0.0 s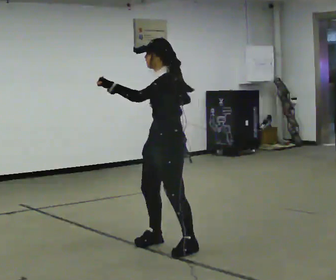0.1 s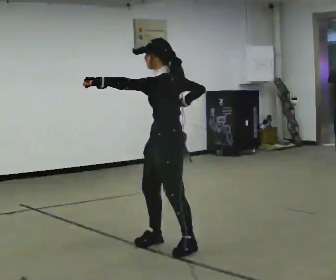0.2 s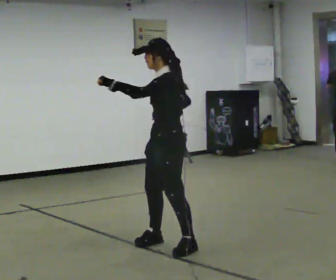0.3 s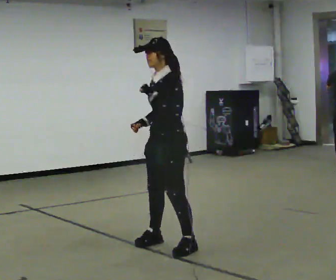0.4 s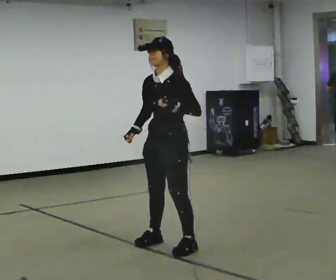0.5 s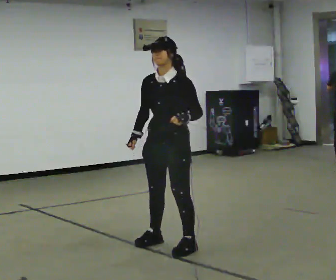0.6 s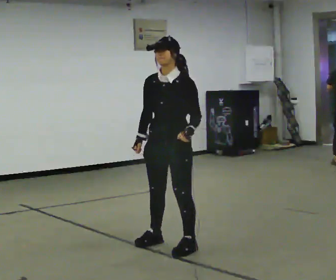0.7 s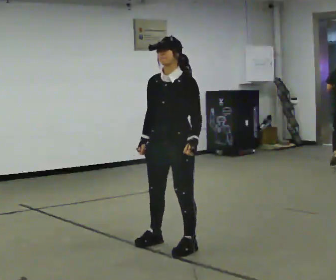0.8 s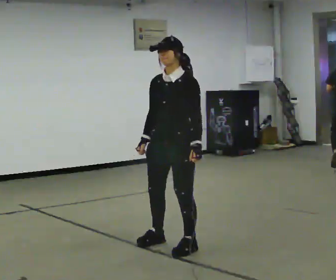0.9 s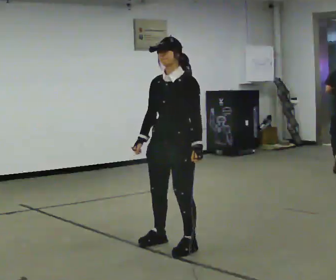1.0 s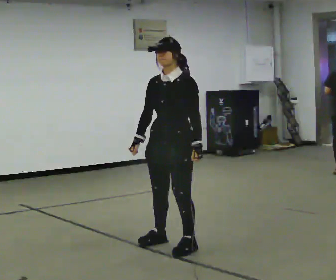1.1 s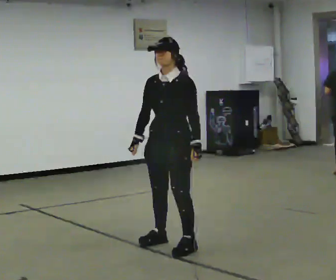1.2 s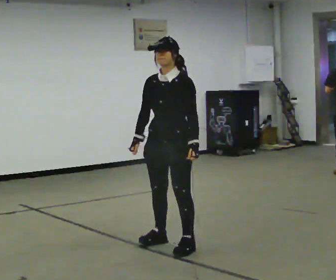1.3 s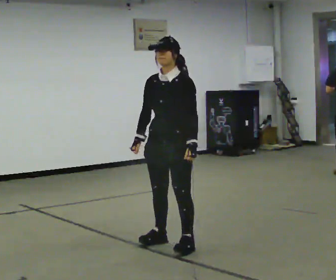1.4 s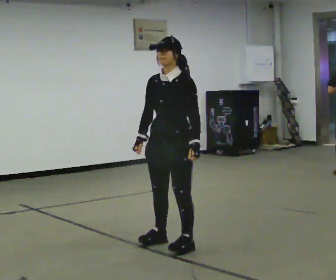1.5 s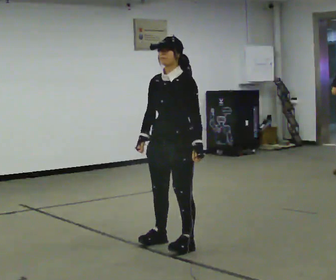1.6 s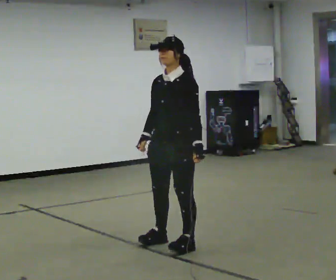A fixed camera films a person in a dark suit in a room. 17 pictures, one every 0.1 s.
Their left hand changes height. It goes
downward.
0.0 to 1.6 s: Seen from above the body turns counterclockwise, about 30 degrees: to their left, with its near side sliding to the right. In the picture their left hand goes to the right and downward.
The film runs backward here.
